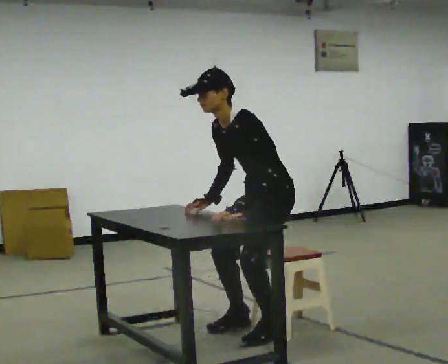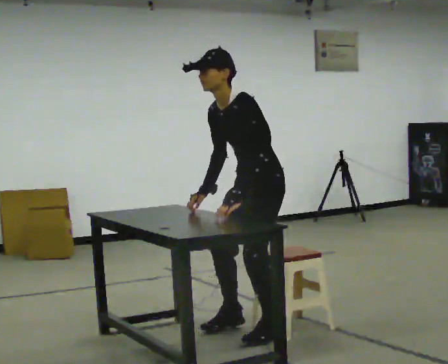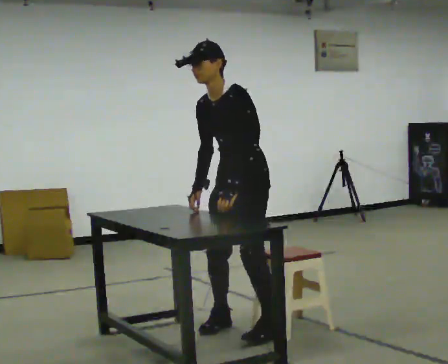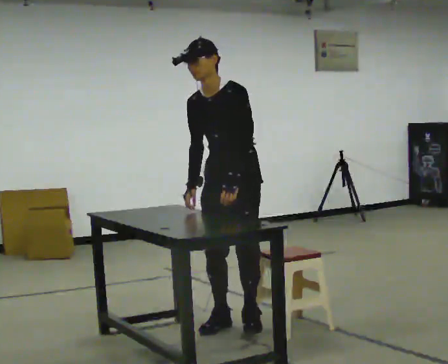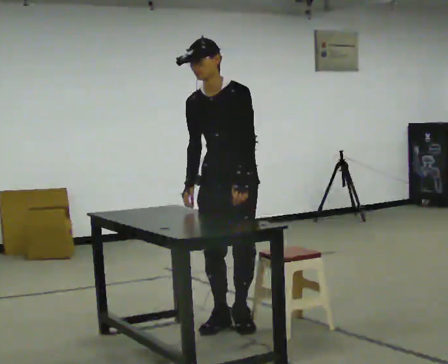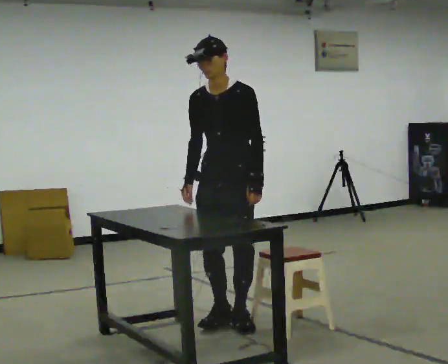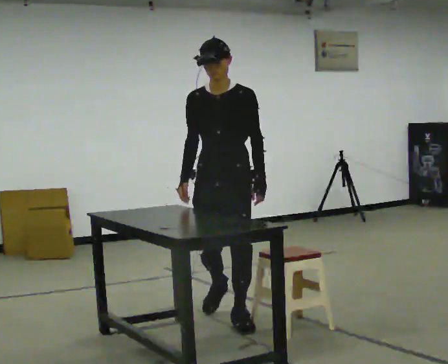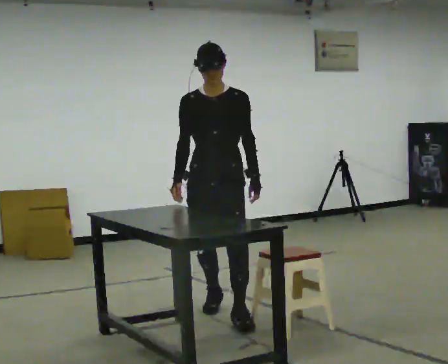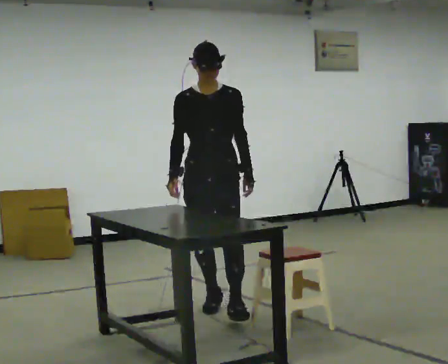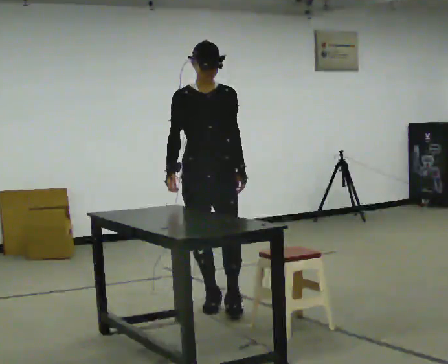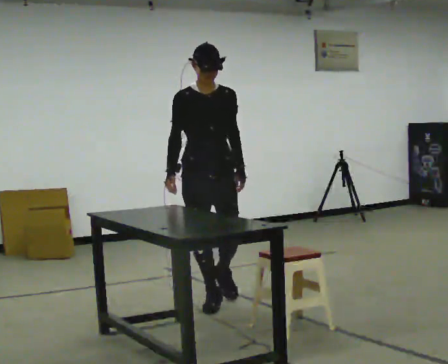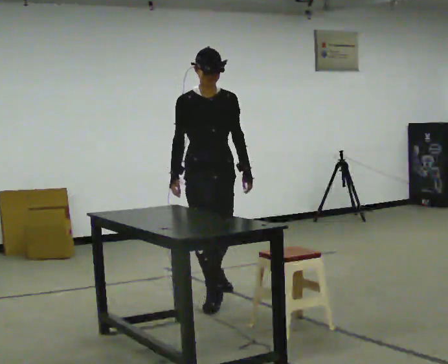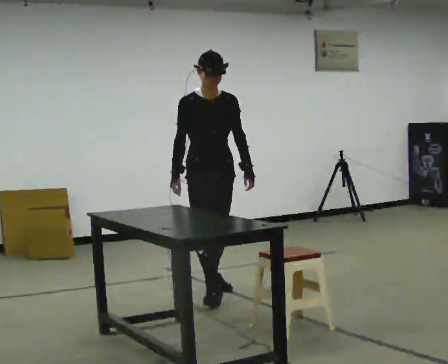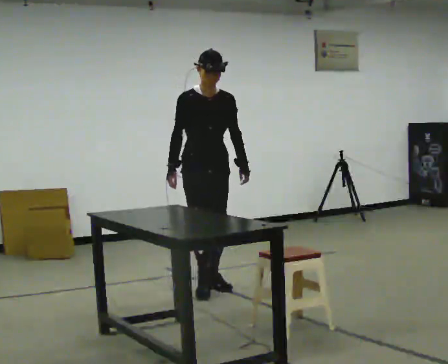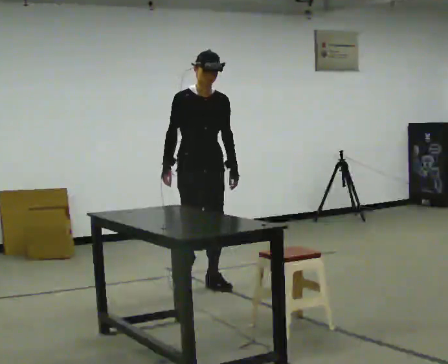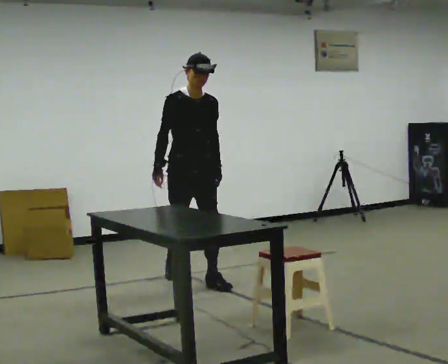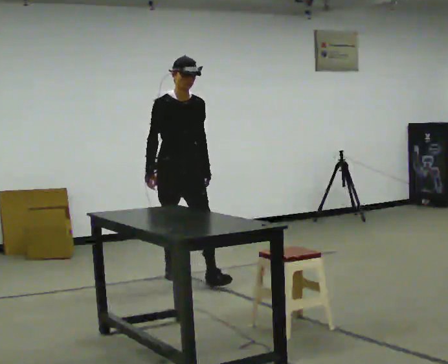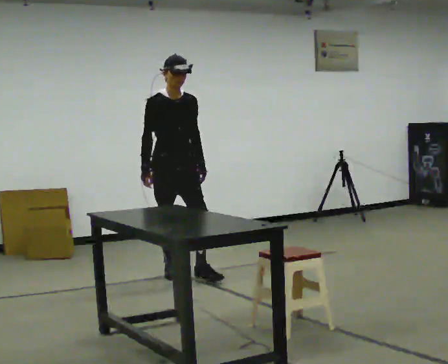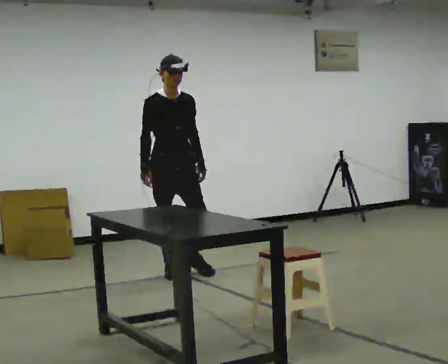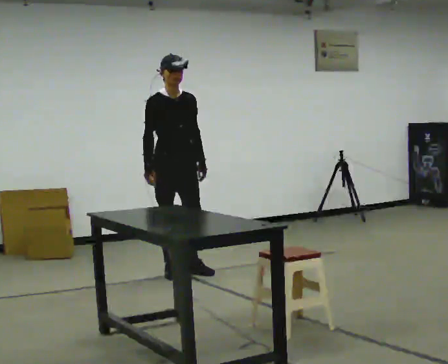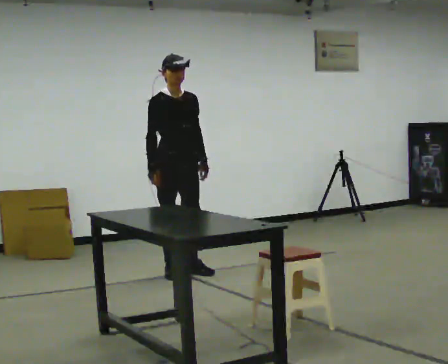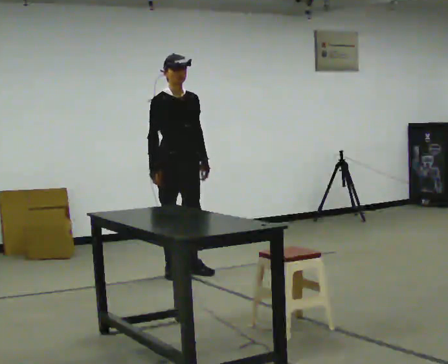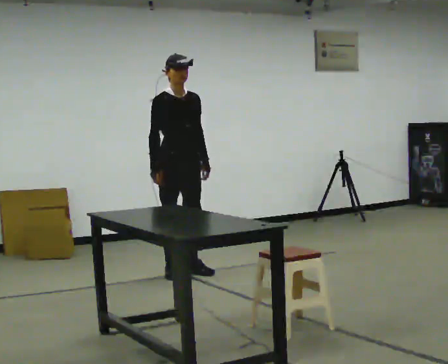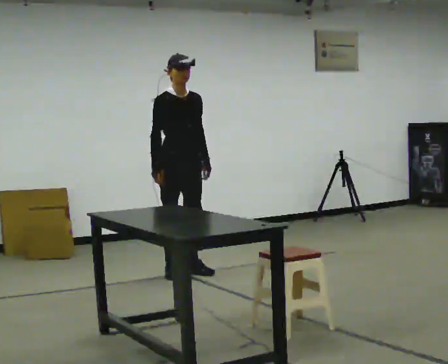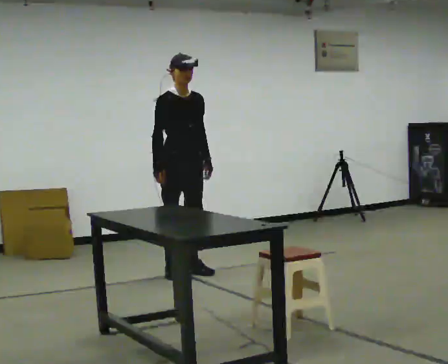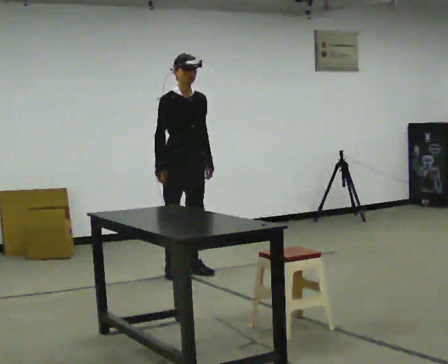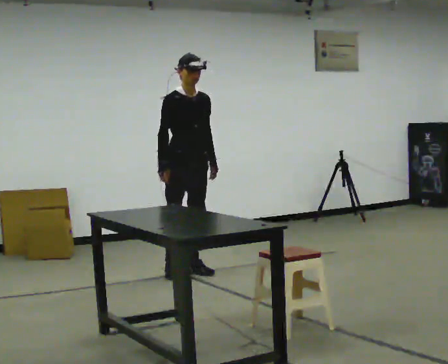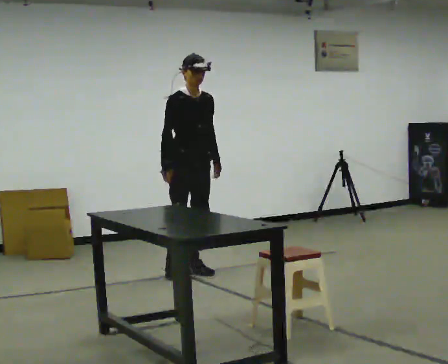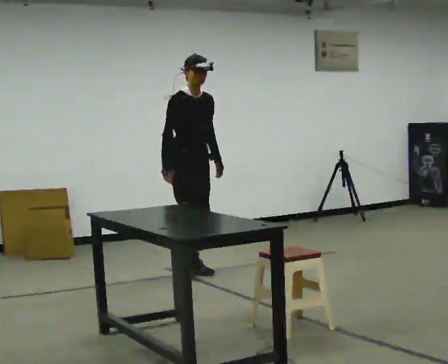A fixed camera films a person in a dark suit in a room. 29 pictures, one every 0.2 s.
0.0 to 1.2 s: Seen from above the body turns counterclockwise, about 45 degrees: to their left, with its near side sliding to the right. In the picture they go away from the camera and to the left, about 0.5 m in 2 steps, which for them is to their right. The shoulders move upward. In the picture the upper body tilts clockwise, shoulders to the right, as they lean back or straighten.
1.2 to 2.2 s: The person turns about 30 degrees to their left, counterclockwise seen from above, so the part of the body nearest the lens slides to the right. In the picture they go away from the camera, about 0.5 m in 1 step, which for them is backward.
2.2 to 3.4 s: In the picture they go away from the camera, about 1 m in 2 steps, which for them is backward.
3.4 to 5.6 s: In the picture they go away from the camera, about 0.25 m, which for them is to their left.
The film runs backward here.
